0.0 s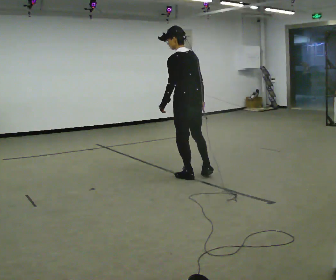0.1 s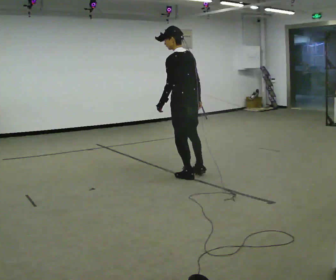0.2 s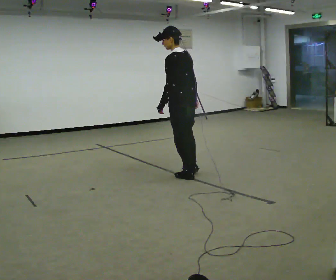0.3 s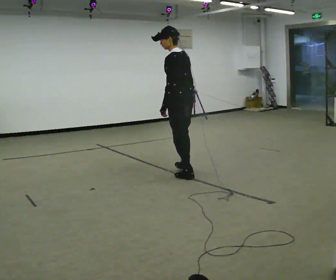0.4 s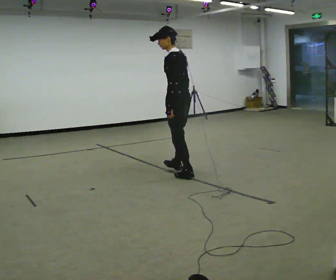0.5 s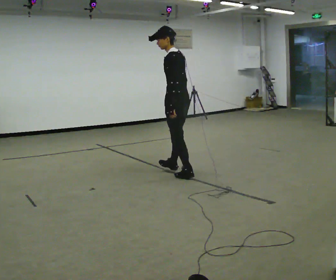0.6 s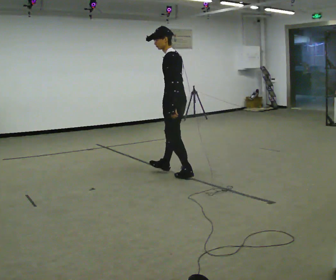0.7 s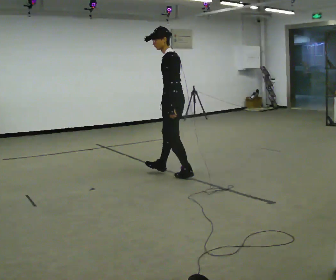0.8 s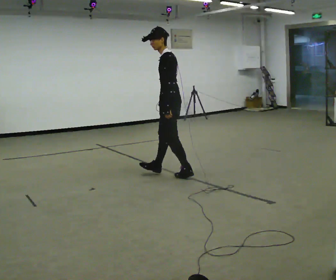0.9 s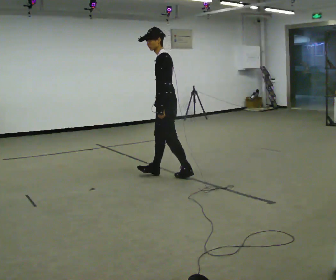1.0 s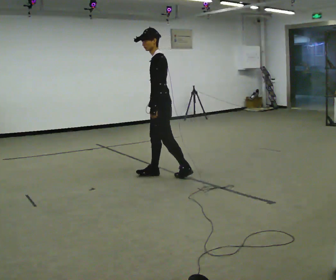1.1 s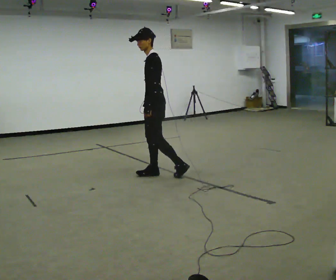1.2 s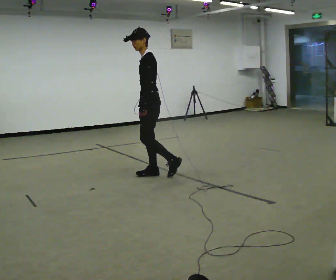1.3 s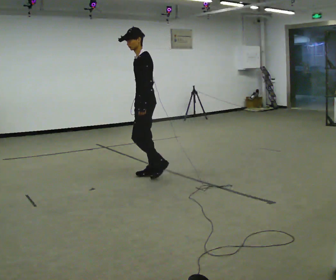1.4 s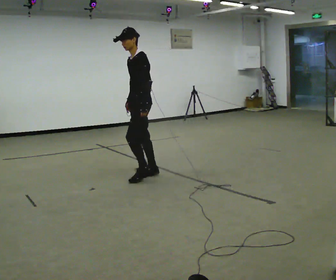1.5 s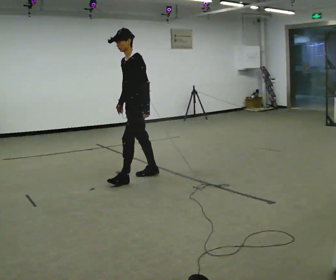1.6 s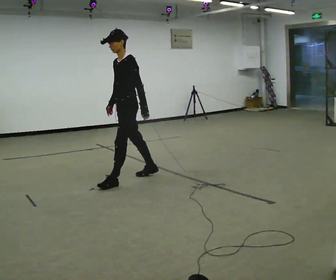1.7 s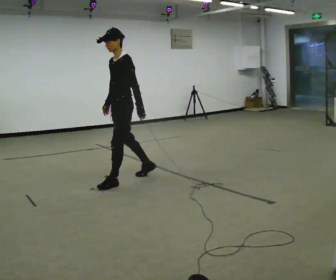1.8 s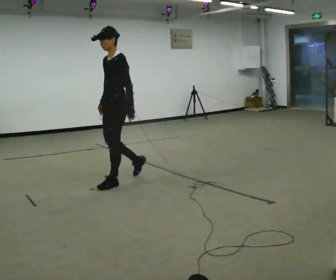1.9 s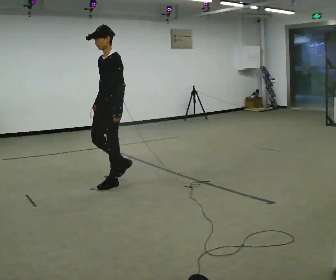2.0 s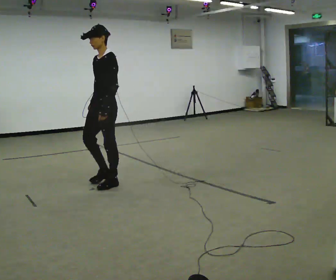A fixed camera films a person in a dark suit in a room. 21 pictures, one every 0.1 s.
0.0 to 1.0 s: The part of the body nearest the lens slides to the right as the person turns to their left by about 45 degrees. In the picture they go to the left, about 0.25 m in 1 step, which for them is forward.
1.0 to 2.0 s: The part of the body nearest the lens slides to the right as the person turns to their left by about 45 degrees. In the picture they go to the left and toward the camera, about 0.5 m in 1 step, which for them is forward.
The film runs forward here.
